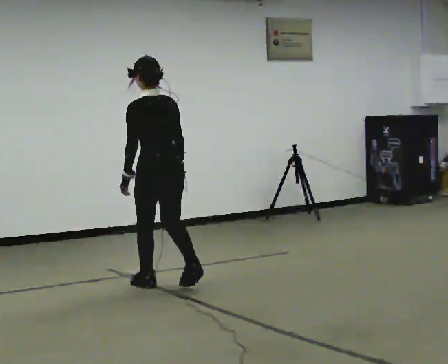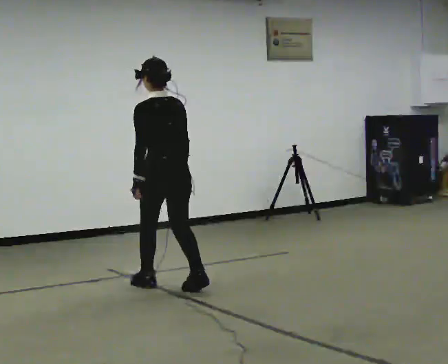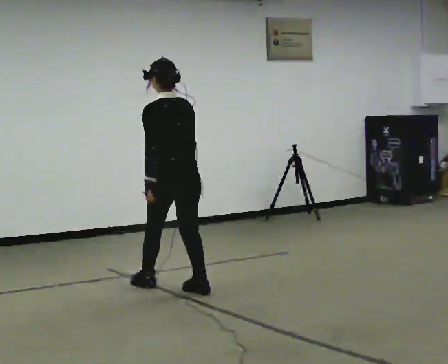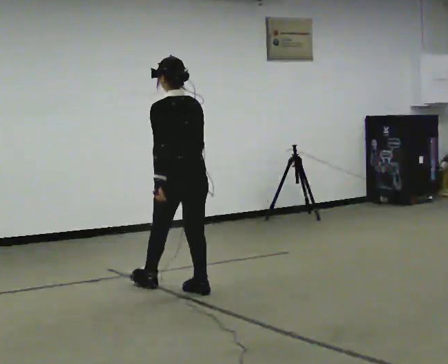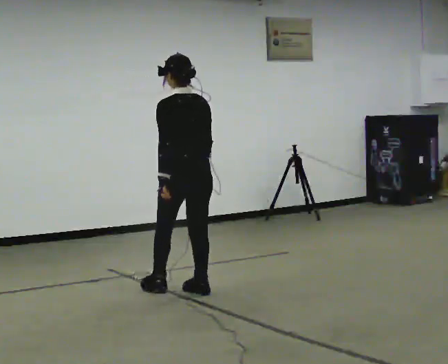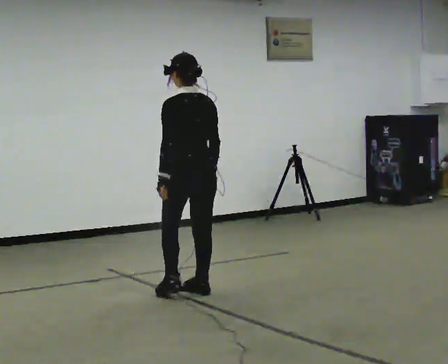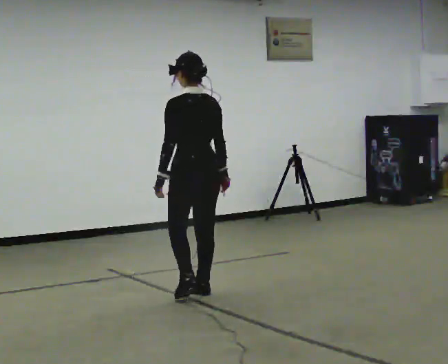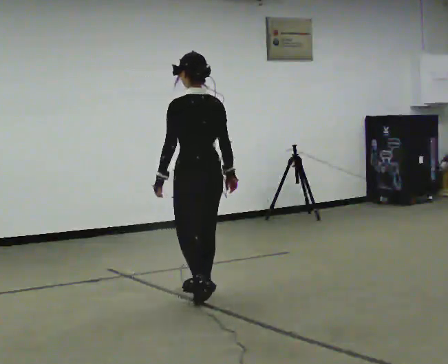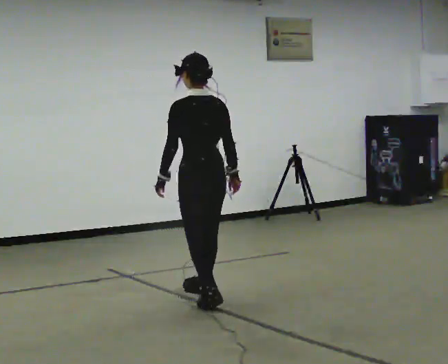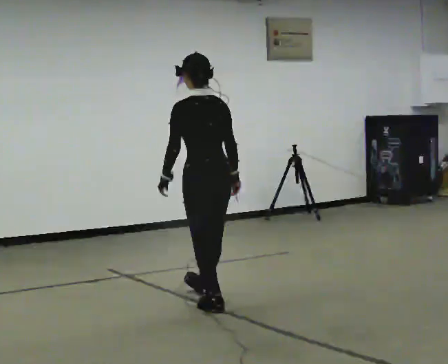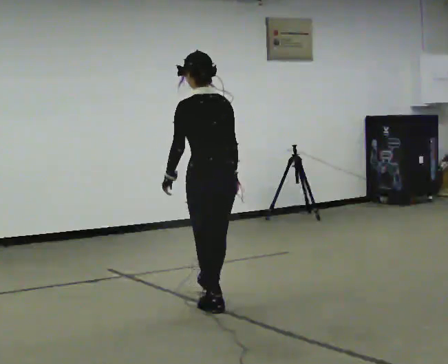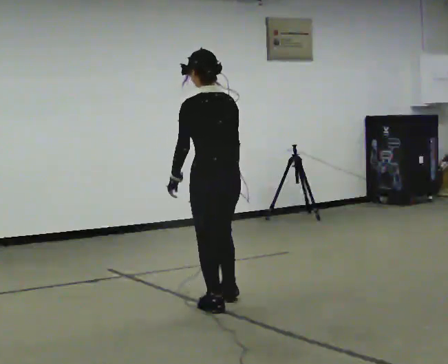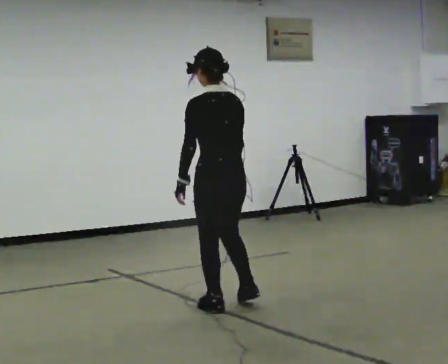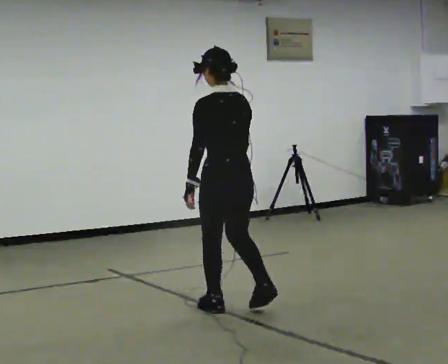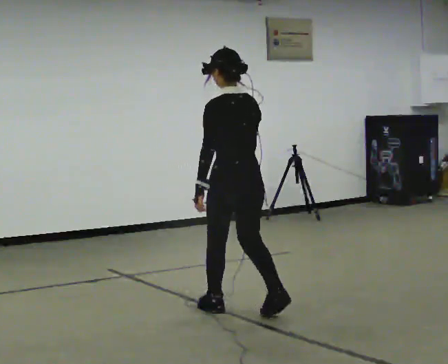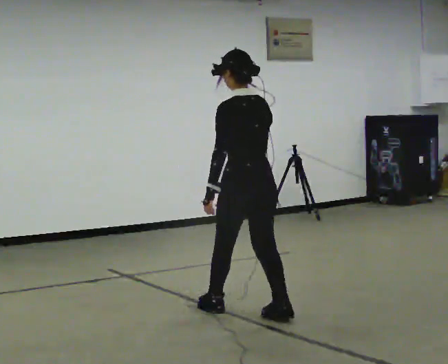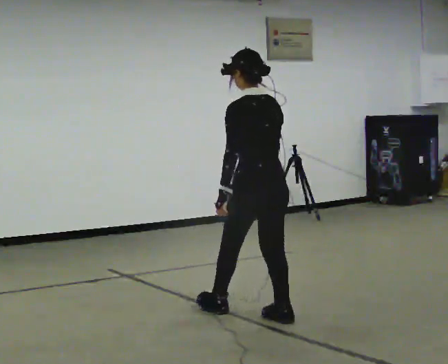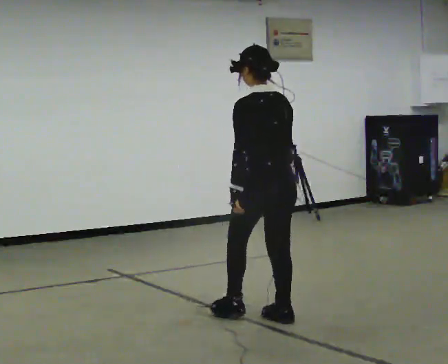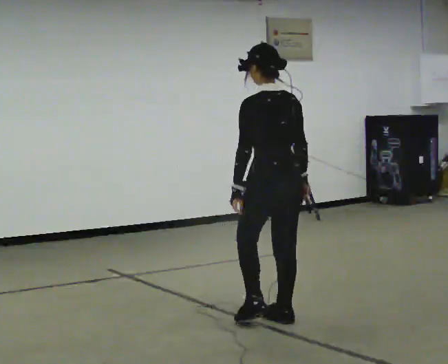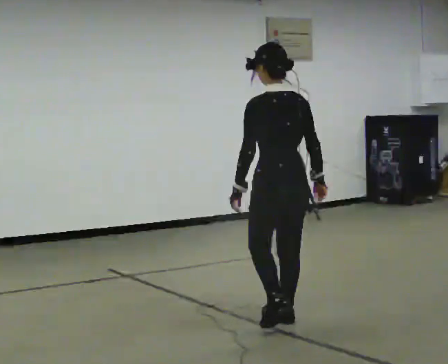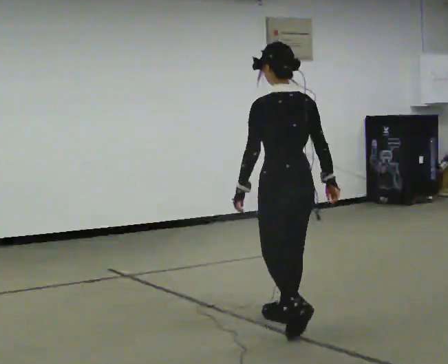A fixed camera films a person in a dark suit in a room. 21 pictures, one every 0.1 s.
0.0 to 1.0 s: In the picture they go toward the camera and to the right, about 0.75 m in 2 steps, which for them is backward.
1.0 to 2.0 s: In the picture they go toward the camera and to the right, about 0.5 m in 1 step, which for them is backward.
The film runs forward here.
